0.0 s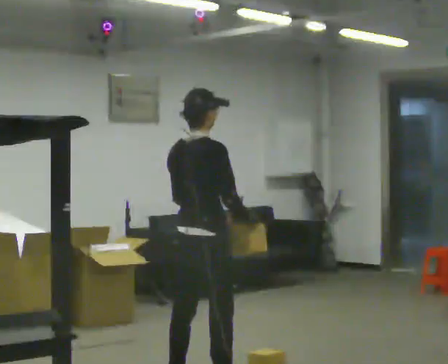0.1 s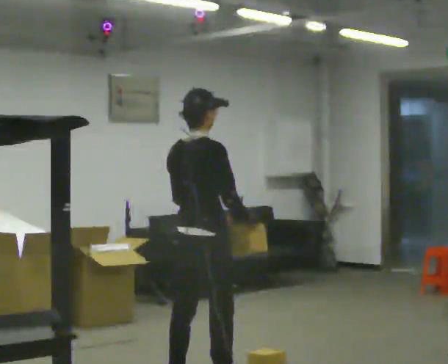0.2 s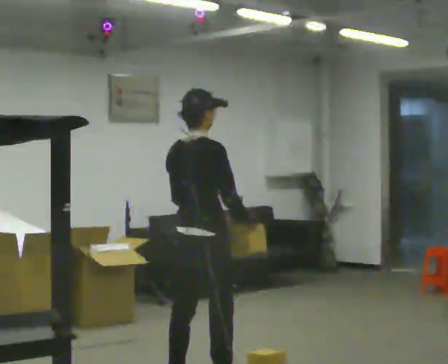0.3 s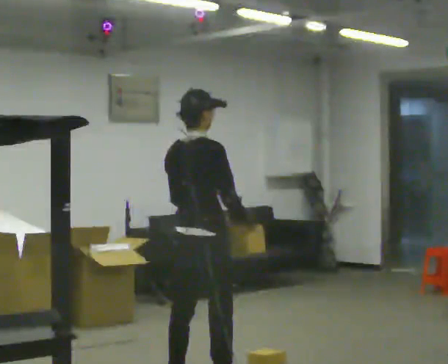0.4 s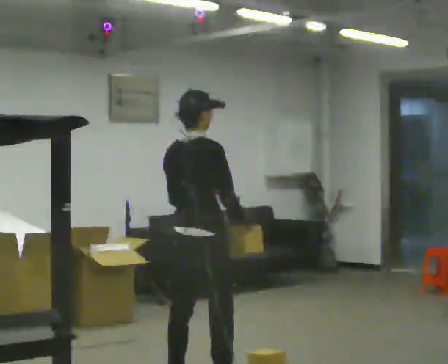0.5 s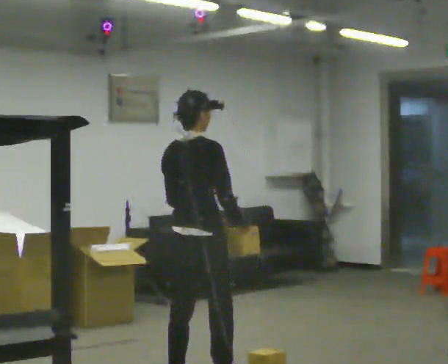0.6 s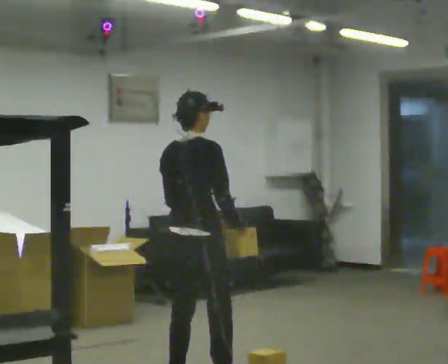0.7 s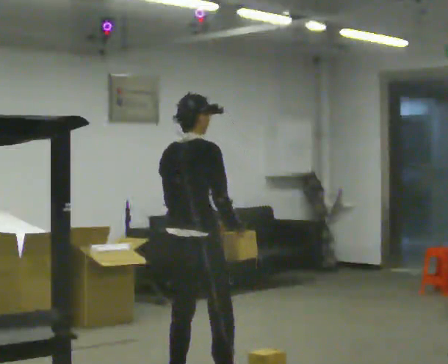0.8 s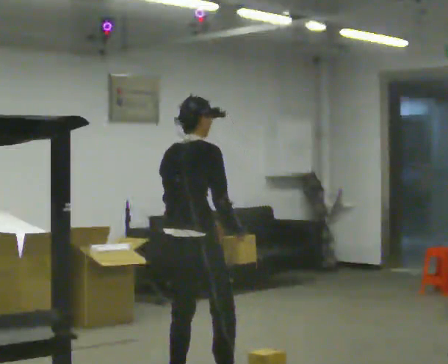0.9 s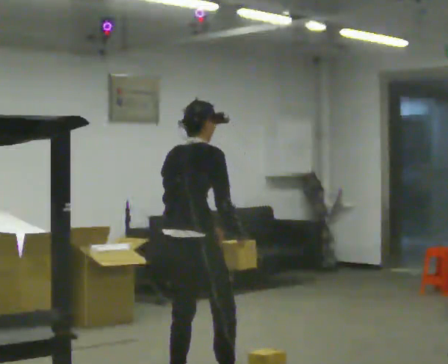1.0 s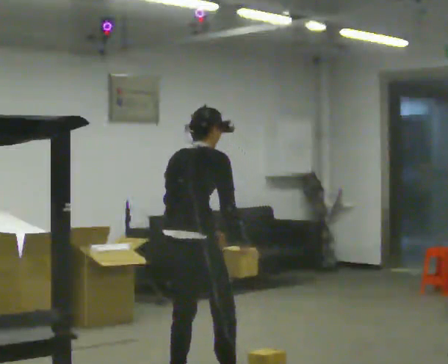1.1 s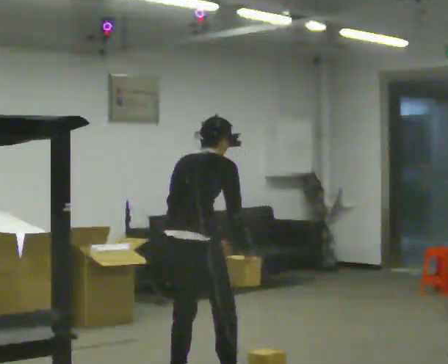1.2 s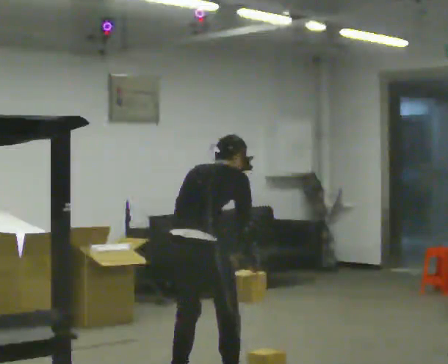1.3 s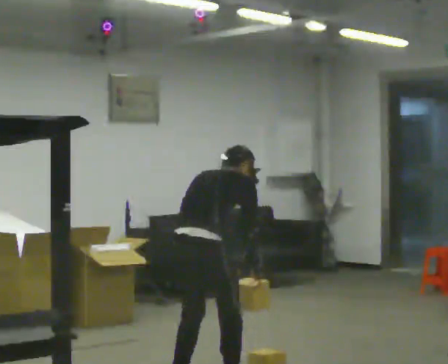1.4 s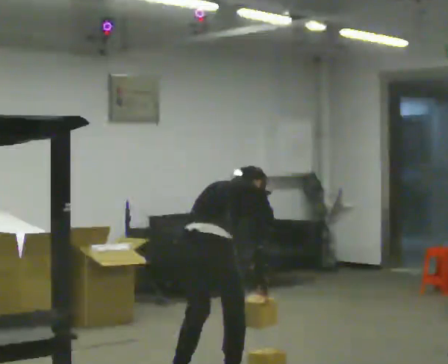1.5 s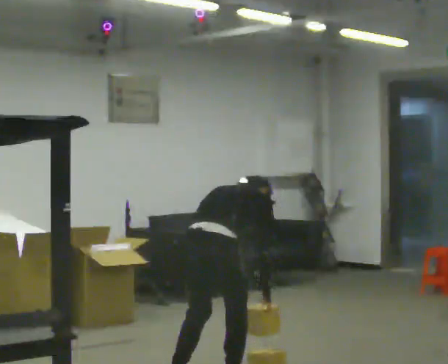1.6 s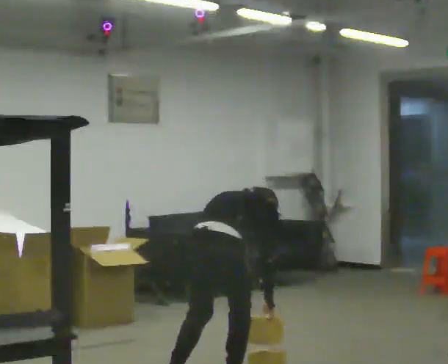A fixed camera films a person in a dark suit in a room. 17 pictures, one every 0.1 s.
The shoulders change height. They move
downward.
The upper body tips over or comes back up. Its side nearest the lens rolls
upward.
0.0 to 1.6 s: The part of the body nearest the lens slides to the right as the person turns to their left by about 30 degrees. The shoulders move downward. The upper body tips away from the camera, its near side rolling upward, as they bend forward. In the picture their left hand goes downward.
The film runs backward here.
